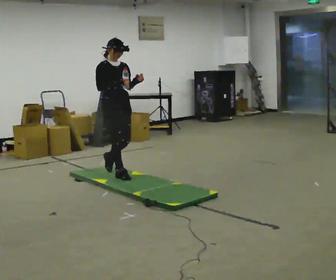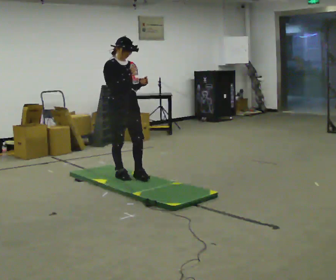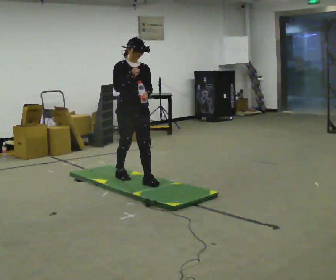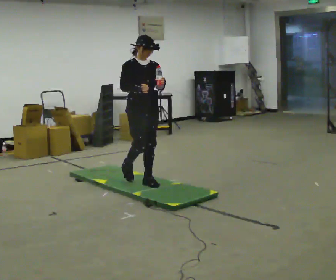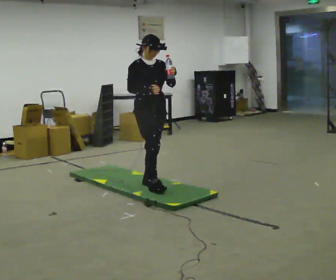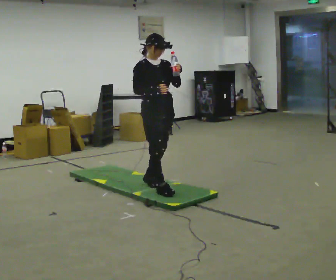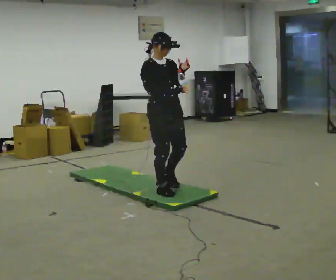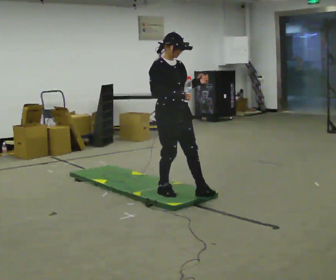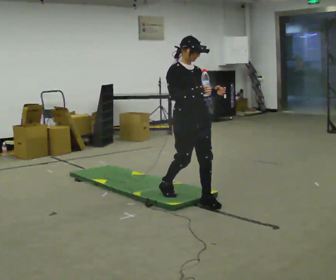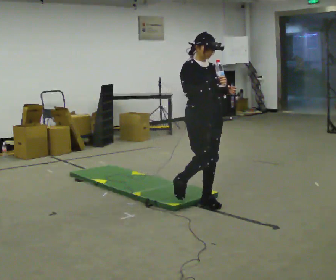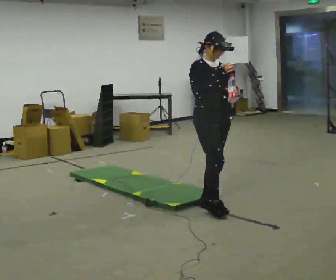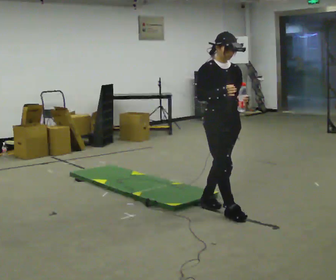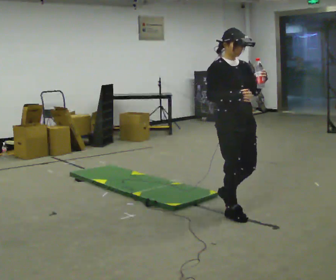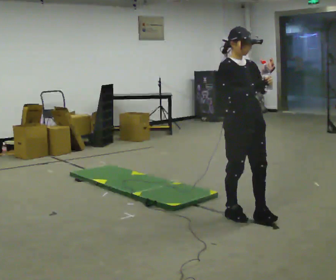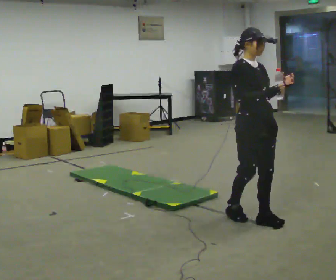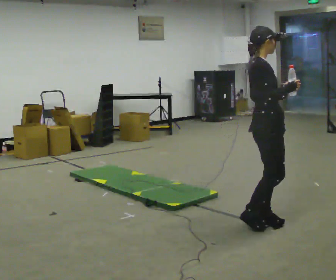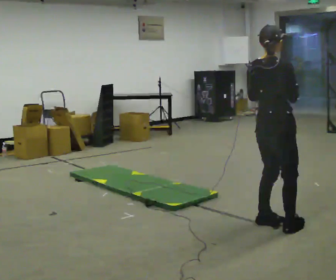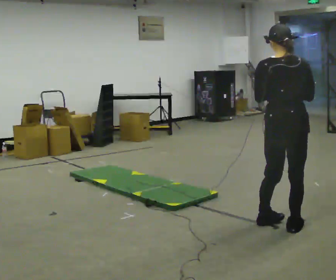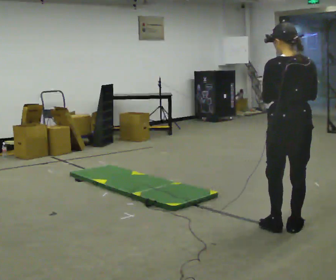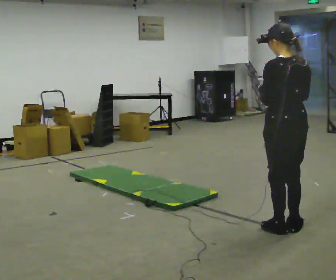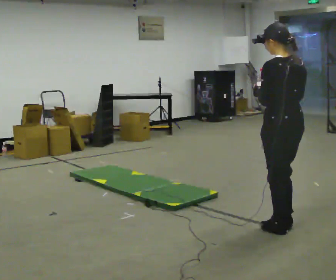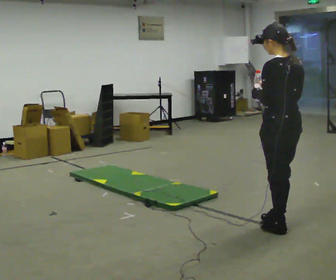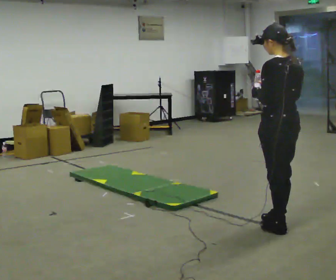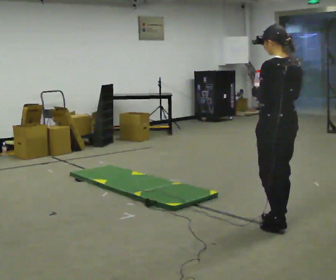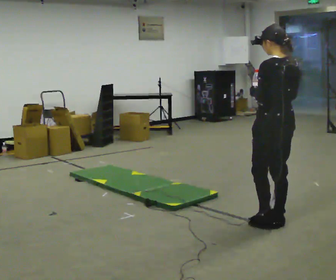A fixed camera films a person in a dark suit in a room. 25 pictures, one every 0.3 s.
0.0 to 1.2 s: In the picture they go to the right and toward the camera, about 0.5 m in 1 step, which for them is forward.
1.2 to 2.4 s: In the picture they go to the right and toward the camera, about 0.5 m in 2 steps, which for them is forward.
2.4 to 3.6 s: In the picture they go toward the camera and to the right, about 0.5 m in 1 step, which for them is forward.
3.6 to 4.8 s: The person turns about 90 degrees to their left, counterclockwise seen from above, so the part of the body nearest the lens slides to the right. In the picture they go to the right and toward the camera, about 0.5 m in 1 step.
4.8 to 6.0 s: The person turns about 90 degrees to their left, counterclockwise seen from above, so the part of the body nearest the lens slides to the right.
6.0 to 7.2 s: In the picture they go away from the camera, about 0.25 m in 1 step, which for them is forward.
The film runs forward here.
